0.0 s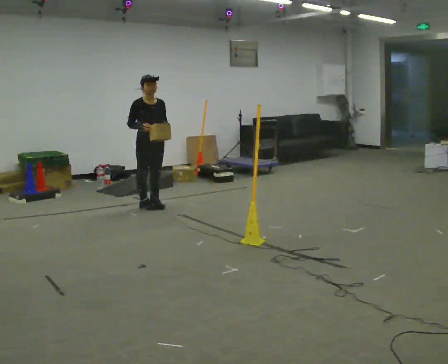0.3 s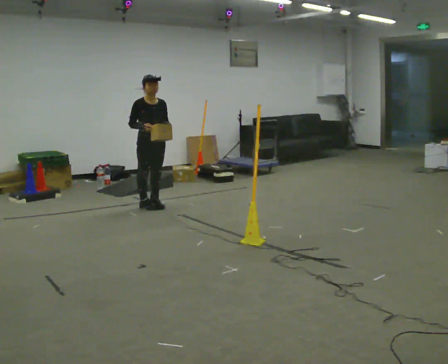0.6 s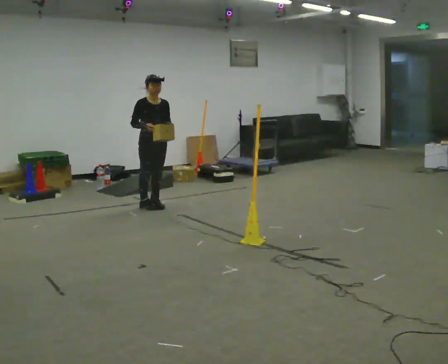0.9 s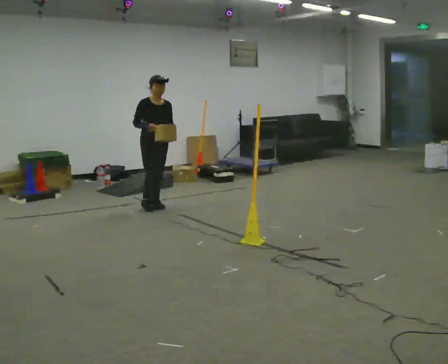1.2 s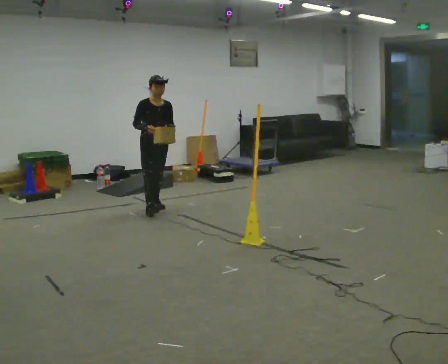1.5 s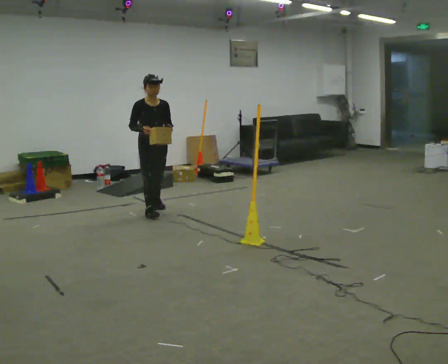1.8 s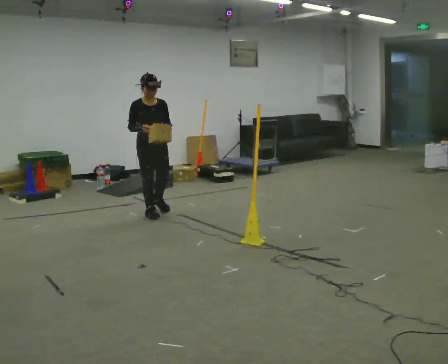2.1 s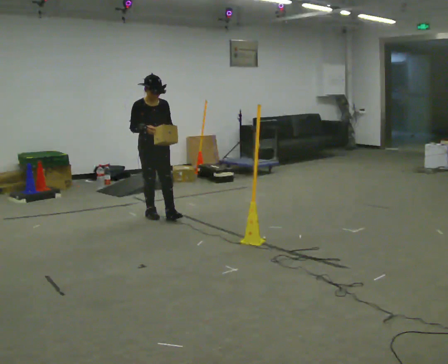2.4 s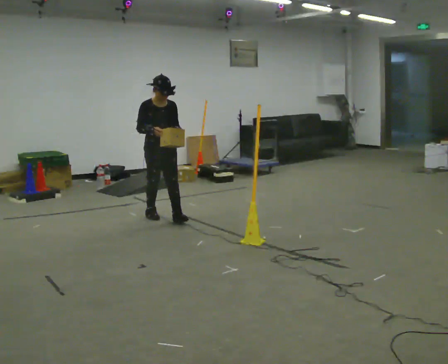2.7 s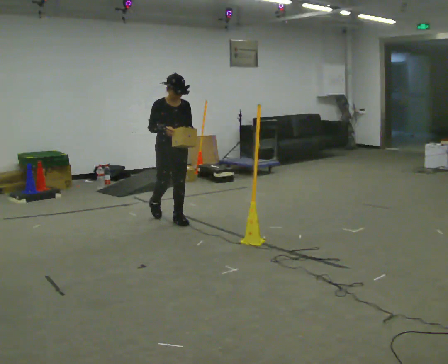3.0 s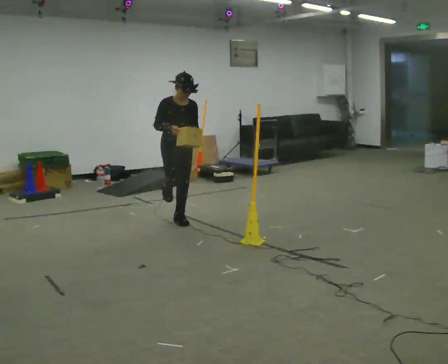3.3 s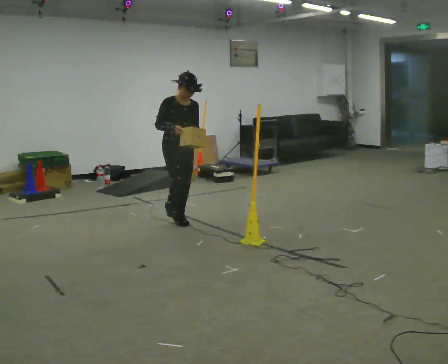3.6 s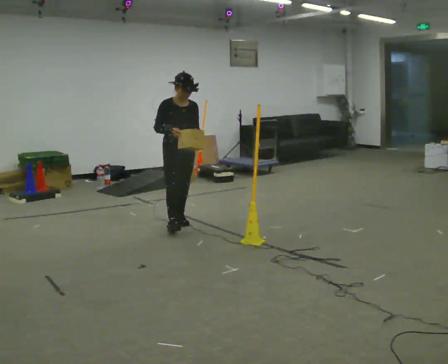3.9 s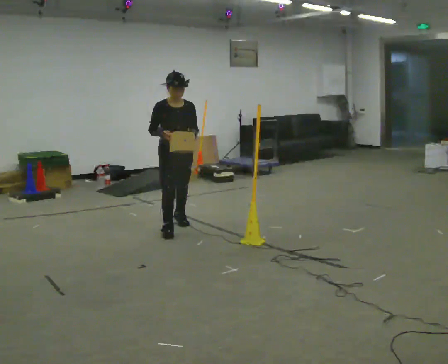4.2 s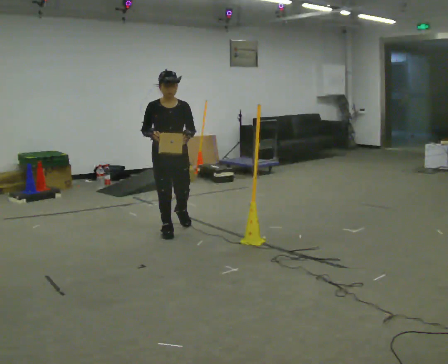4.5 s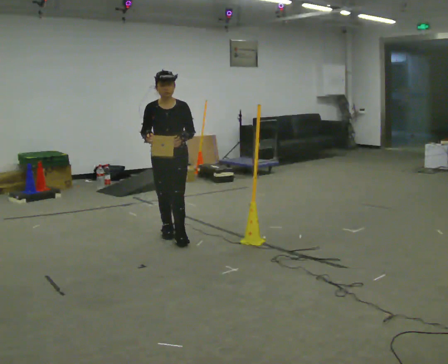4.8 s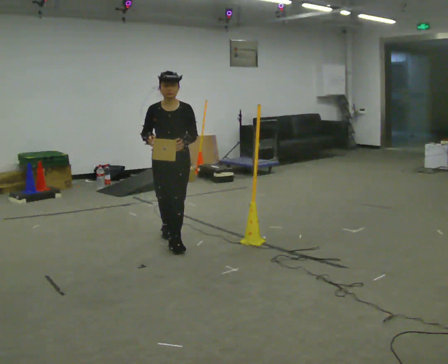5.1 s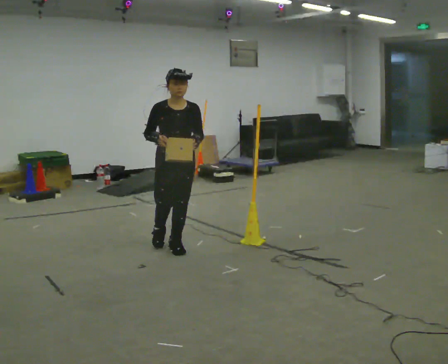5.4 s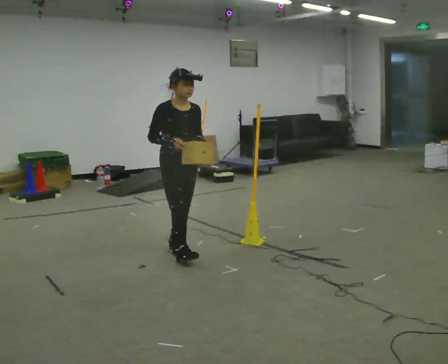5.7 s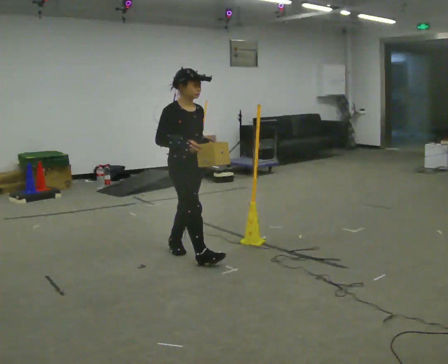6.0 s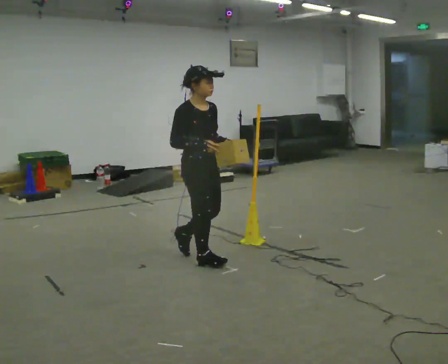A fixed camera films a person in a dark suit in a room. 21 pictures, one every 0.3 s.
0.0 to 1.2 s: The person moves a little, or ends about where they began.
1.2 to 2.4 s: In the picture they go toward the camera, about 0.5 m in 2 steps, which for them is forward.
2.4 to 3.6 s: In the picture they go toward the camera and to the right, about 0.25 m, which for them is forward.
3.6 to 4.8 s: The part of the body nearest the lens slides to the left as the person turns to their right by about 30 degrees. In the picture they go toward the camera, about 0.5 m in 2 steps, which for them is forward.
4.8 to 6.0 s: Seen from above the body turns counterclockwise, about 45 degrees: to their left, with its near side sliding to the right. In the picture they go toward the camera, about 0.5 m in 1 step, which for them is forward.
The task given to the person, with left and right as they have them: Carry the box across the room. The operator will step into your path partway across, so go around them and carry on. Keep going until the operator says stop; one object at a time, and do not rush between trips.
The film runs forward here.
